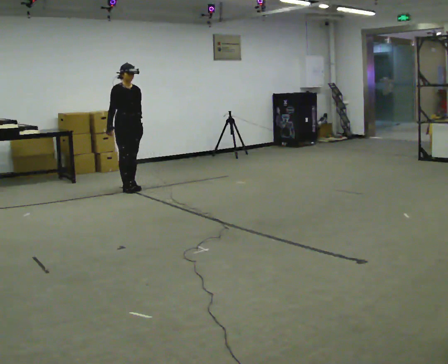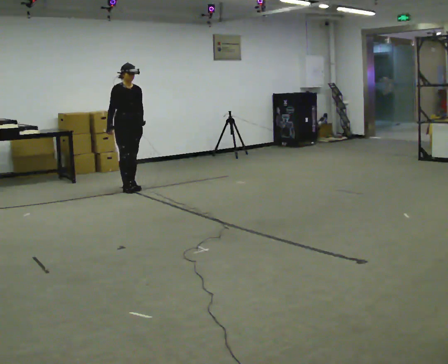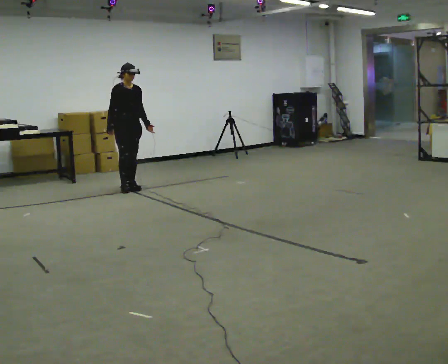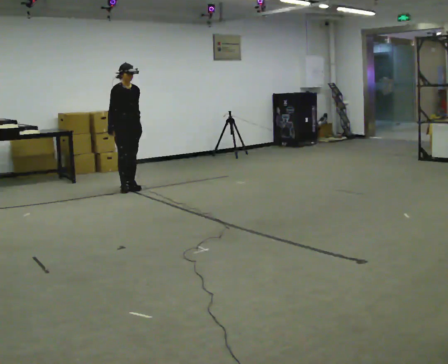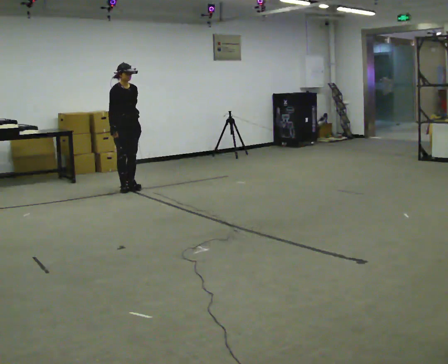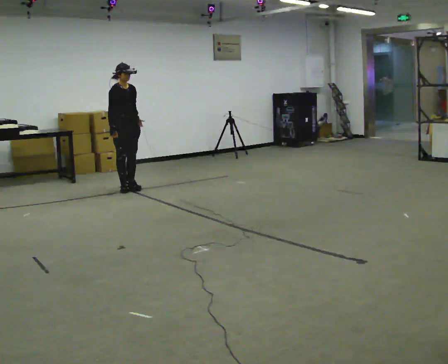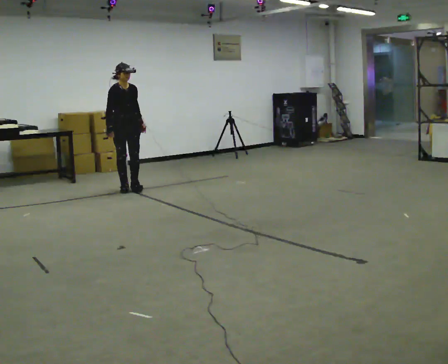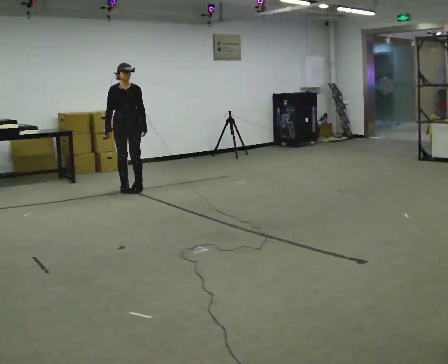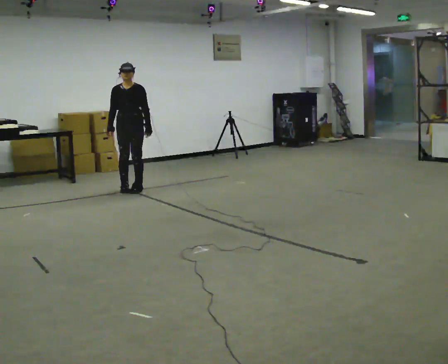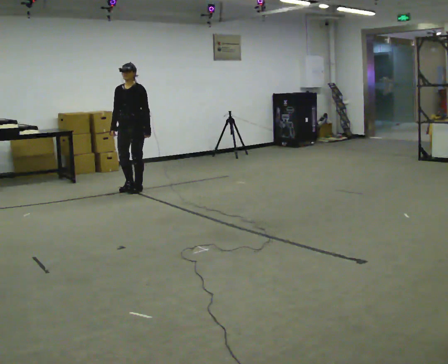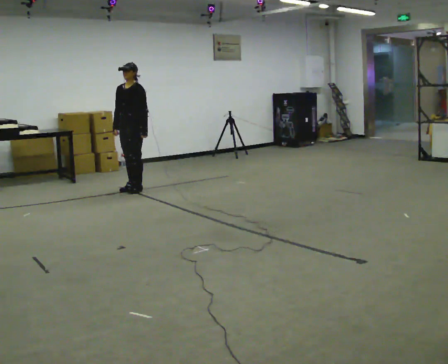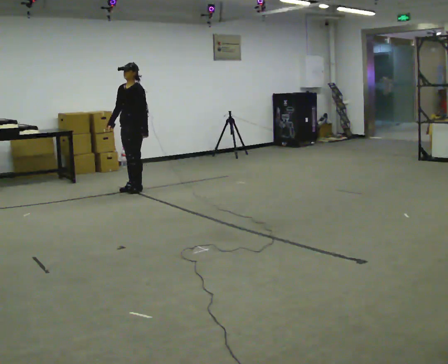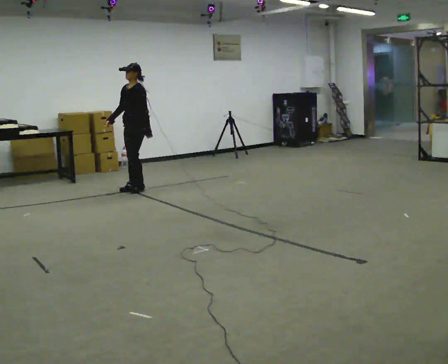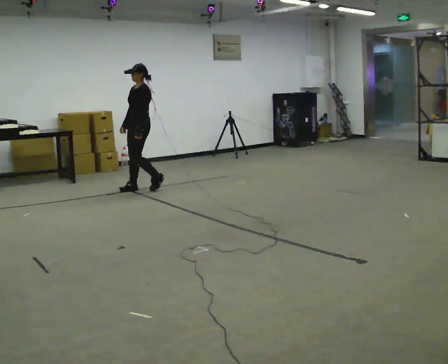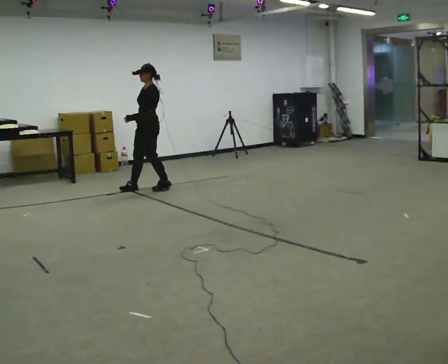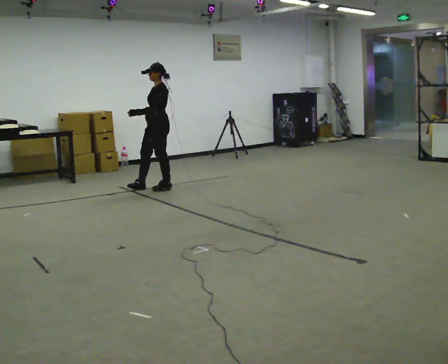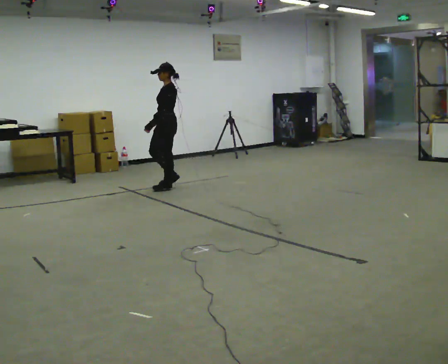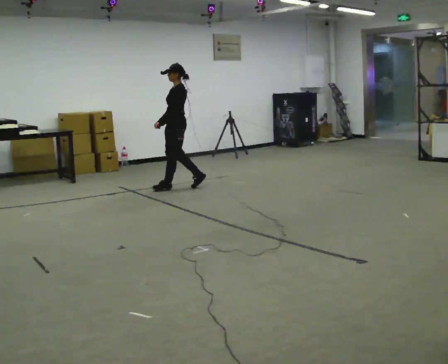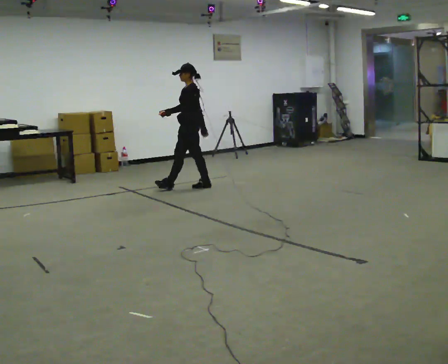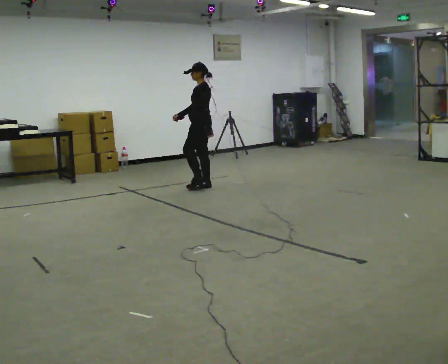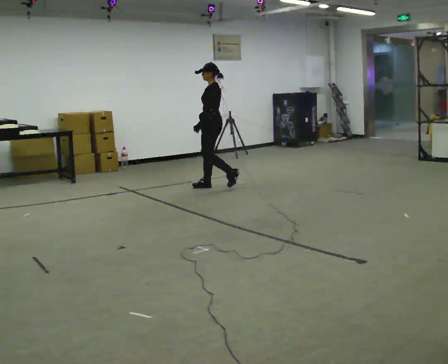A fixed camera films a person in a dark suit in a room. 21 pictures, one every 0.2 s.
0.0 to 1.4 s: The person moves a little, or ends about where they began.
1.4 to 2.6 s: The person turns about 75 degrees to their right, clockwise seen from above, so the part of the body nearest the lens slides to the left. In the picture they go to the right, about 0.25 m in 1 step.
2.6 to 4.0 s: In the picture they go to the right, about 1 m in 2 steps, which for them is backward.
The film runs backward here.
